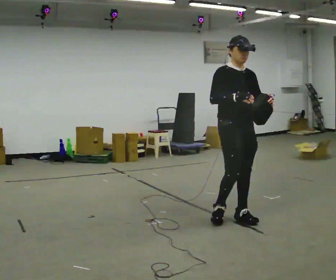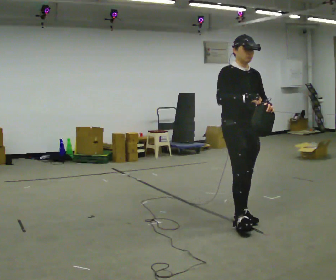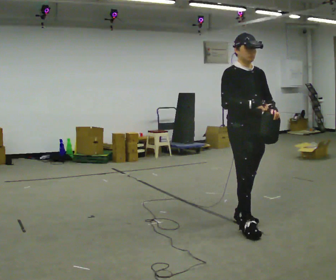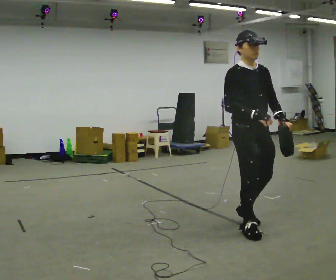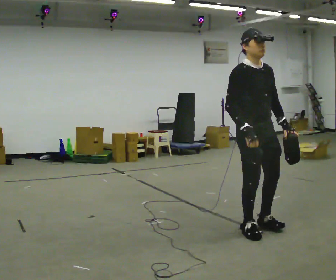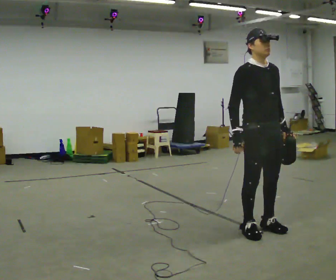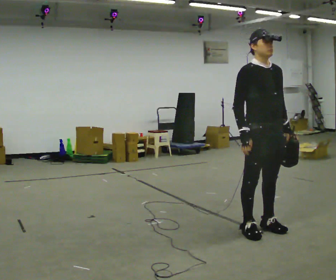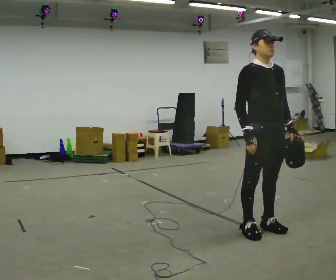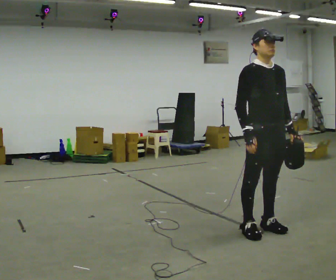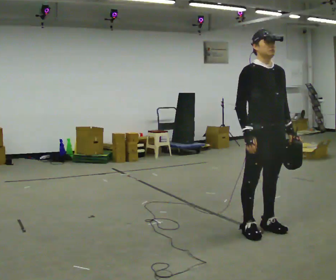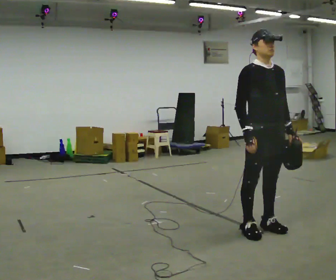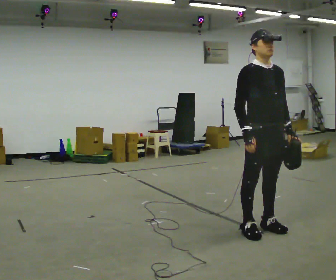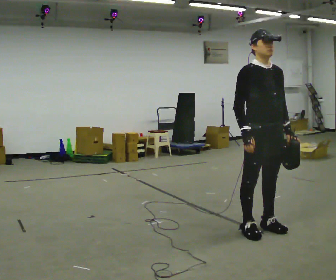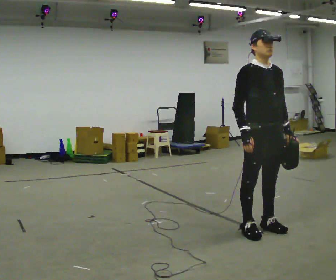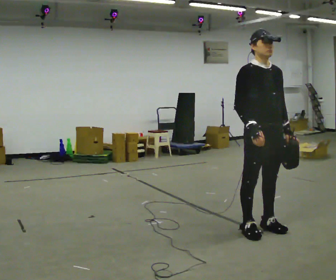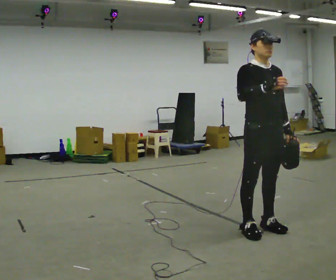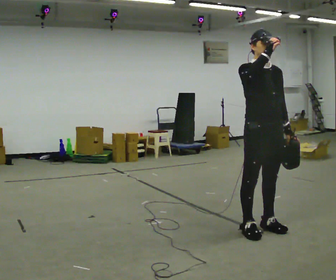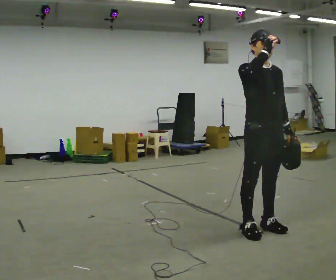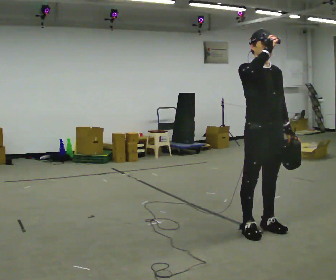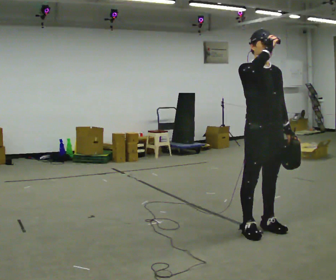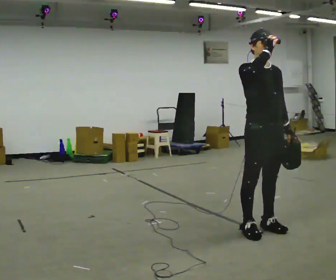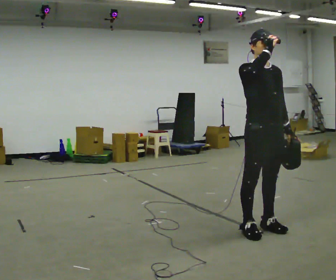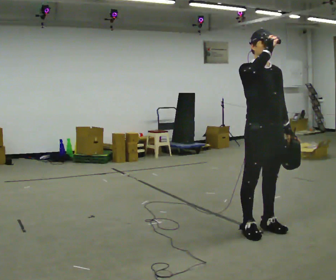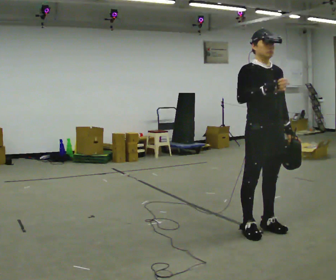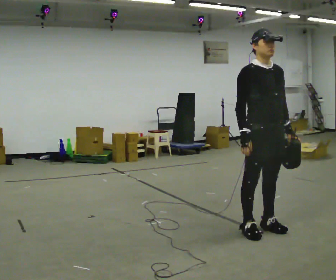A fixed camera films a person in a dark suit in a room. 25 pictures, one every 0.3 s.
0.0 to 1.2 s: In the picture they go toward the camera and to the right, about 0.25 m in 1 step, which for them is forward.
1.2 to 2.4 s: The person moves a little, or ends about where they began.
2.4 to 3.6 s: The person keeps their place and pose.
3.6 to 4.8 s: In the picture their right hand goes upward.
4.8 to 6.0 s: The person keeps their place and pose.
6.0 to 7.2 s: In the picture their right hand goes downward.
The film runs forward here.
